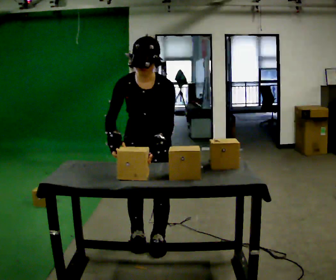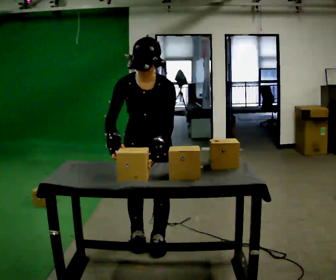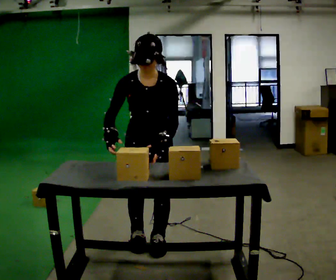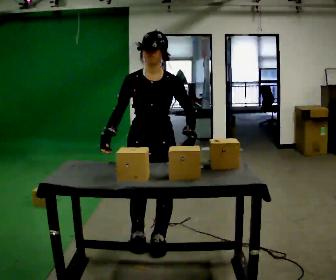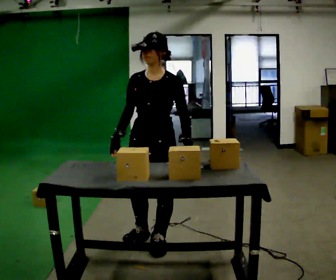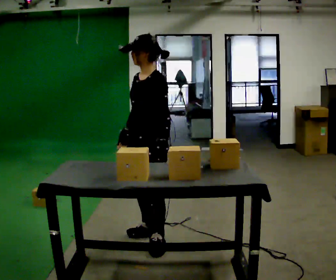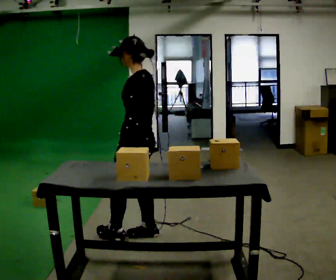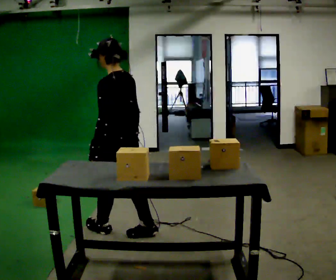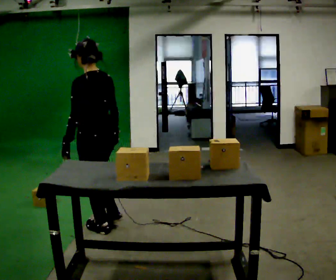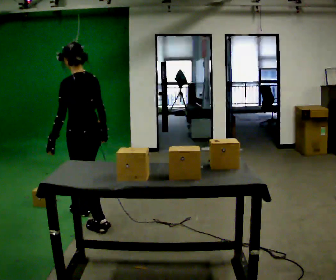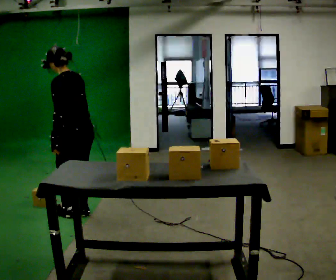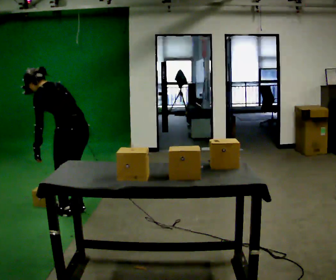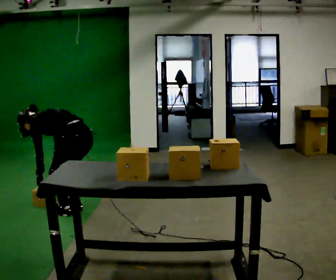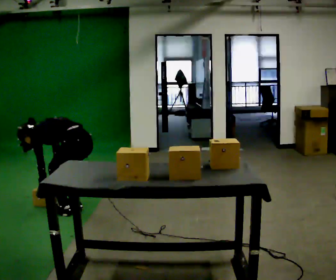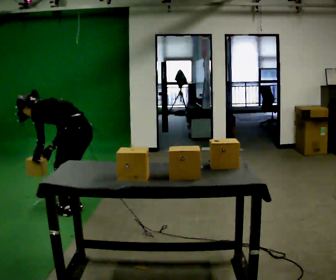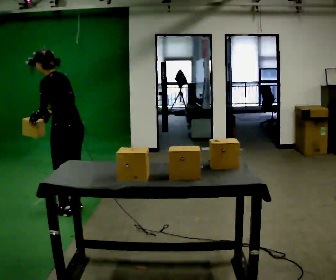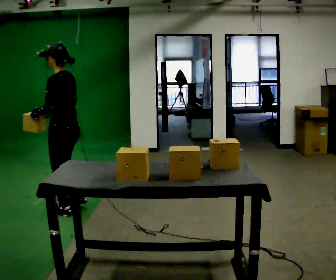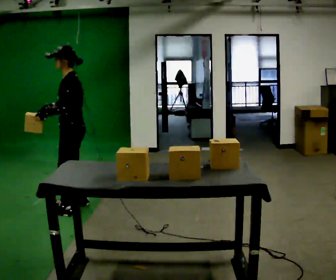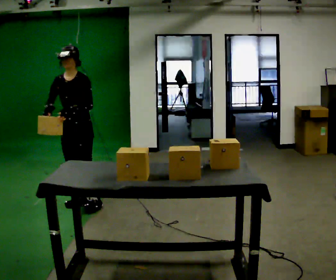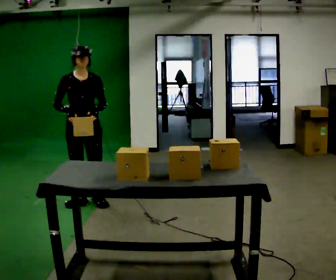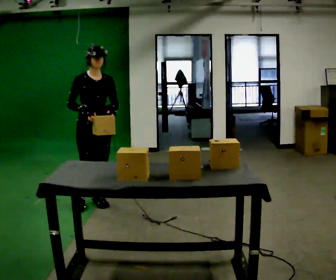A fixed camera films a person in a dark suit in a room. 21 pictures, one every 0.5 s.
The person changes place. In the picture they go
away from the camera.
The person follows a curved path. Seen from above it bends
clockwise.
0.0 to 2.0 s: The upper body tips away from the camera, its near side rolling upward, as they lean back or straighten.
2.0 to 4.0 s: The person turns about 105 degrees to their right, clockwise seen from above, so the part of the body nearest the lens slides to the left. In the picture they go to the left and away from the camera, about 0.5 m in 2 steps.
4.0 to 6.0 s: In the picture they go away from the camera and to the left, about 0.5 m in 3 steps, which for them is forward and to their right. The shoulders move downward. In the picture the upper body tilts counterclockwise, shoulders to the left, as they bend forward. In the picture their right hand goes downward.
6.0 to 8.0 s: The upper body goes upward. In the picture the upper body tilts clockwise, shoulders to the right, as they lean back or straighten. In the picture their right hand goes upward.
8.0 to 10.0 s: The person turns about 135 degrees to their left, counterclockwise seen from above, so the part of the body nearest the lens slides to the right. In the picture they go away from the camera and to the right, about 0.25 m in 2 steps.
The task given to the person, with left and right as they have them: Pick the fragile object up and set it back down as gently as you can. Repeat at your own pace until the operator says stop. Keep both feet on the marked spots for the whole take. If you have to step, stop and tell the operator.
The film runs forward here.
